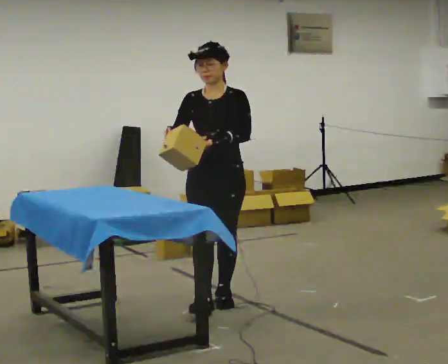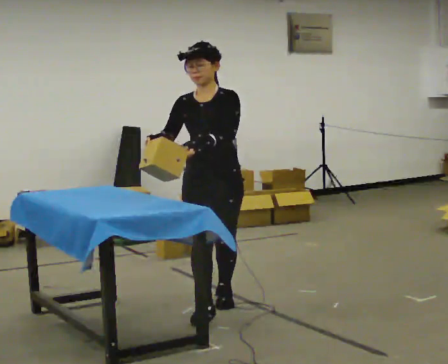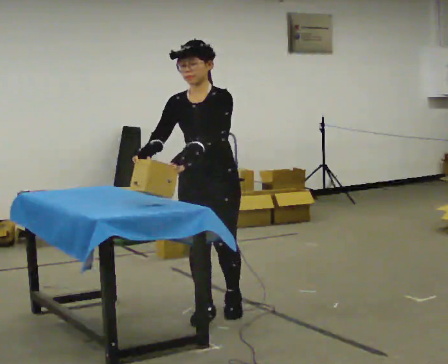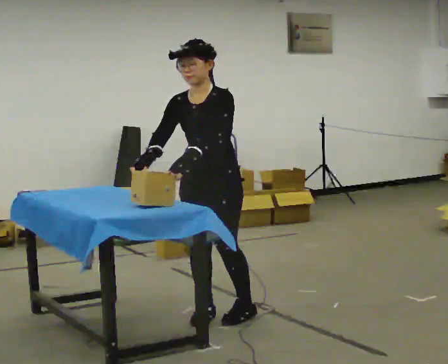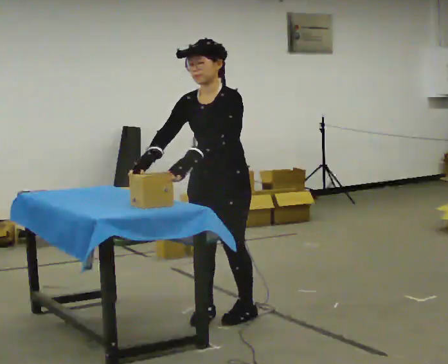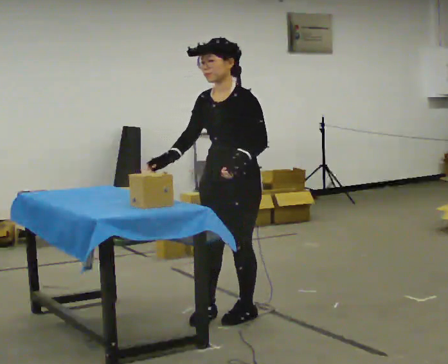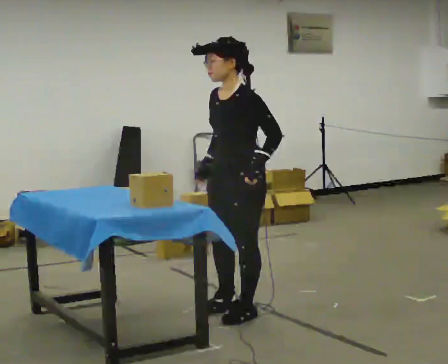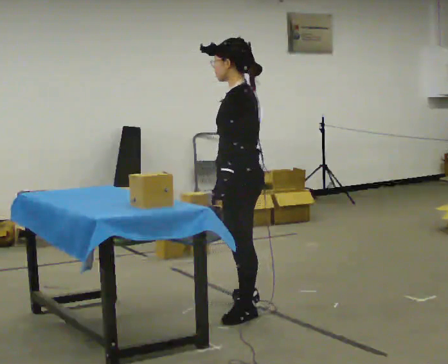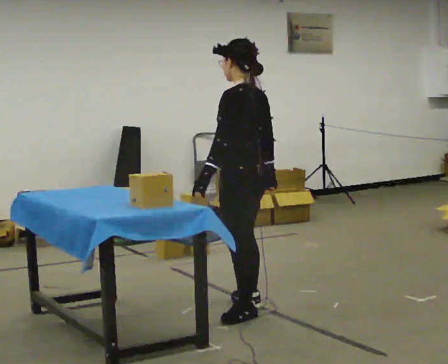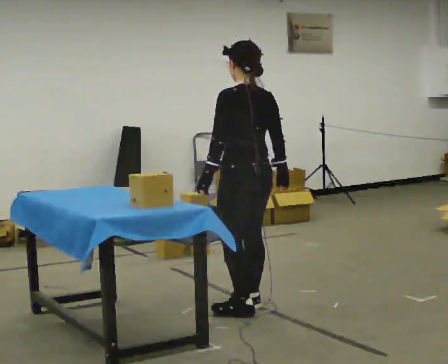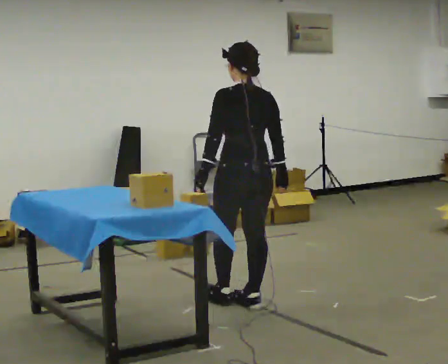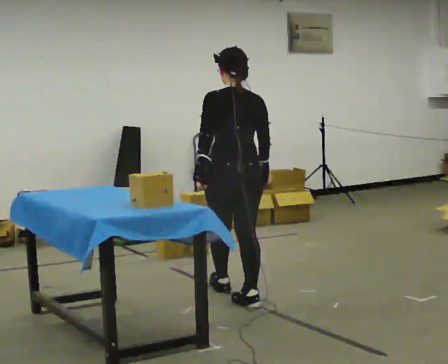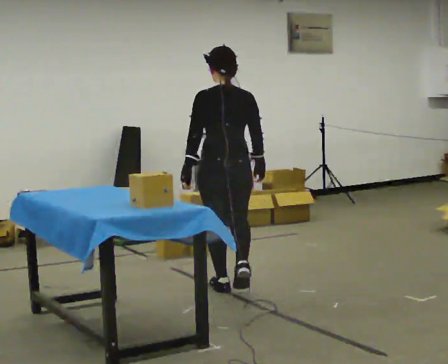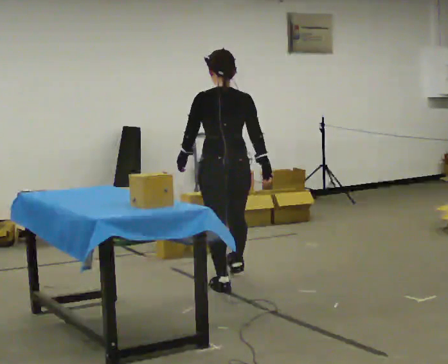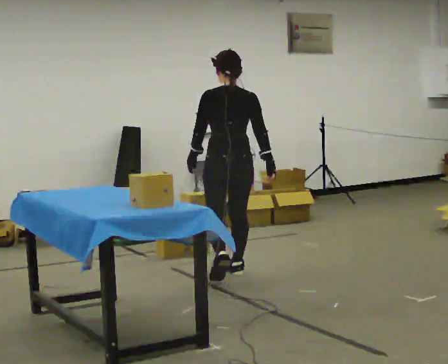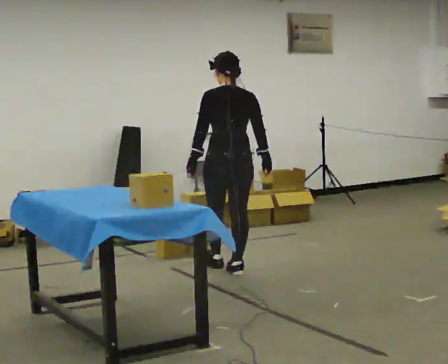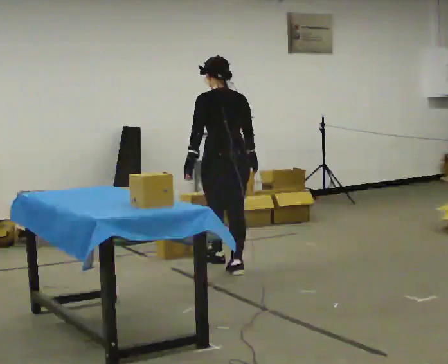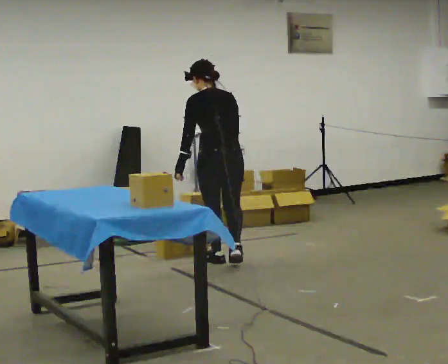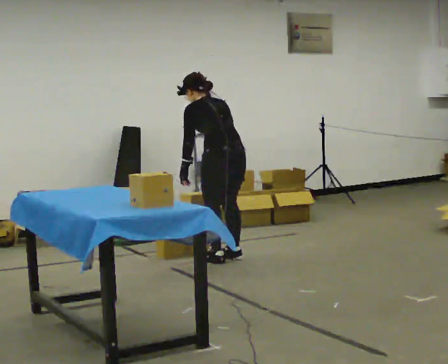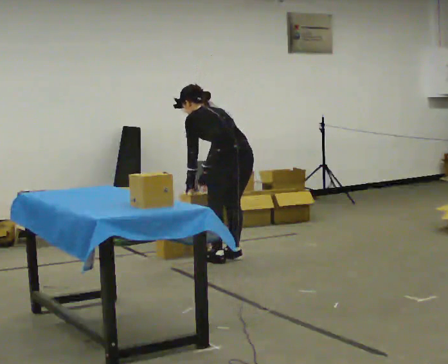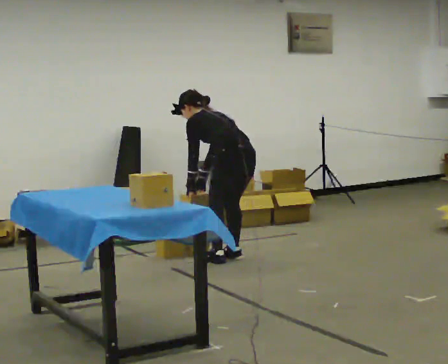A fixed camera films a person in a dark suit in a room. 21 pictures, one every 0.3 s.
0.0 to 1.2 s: In the picture they go toward the camera, about 0.25 m in 2 steps, which for them is forward.
1.2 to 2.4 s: The person turns about 90 degrees to their right, clockwise seen from above, so the part of the body nearest the lens slides to the left. In the picture their right hand goes to the right, the arm swinging counterclockwise.
2.4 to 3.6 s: Seen from above the body turns clockwise, about 60 degrees: to their right, with its near side sliding to the left. In the picture they go away from the camera, about 0.5 m in 1 step, which for them is forward.
3.6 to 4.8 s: In the picture they go away from the camera, about 0.75 m in 2 steps, which for them is forward.
4.8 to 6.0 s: The person turns about 30 degrees to their left, counterclockwise seen from above, so the part of the body nearest the lens slides to the right. In the picture they go away from the camera, about 0.25 m in 1 step, which for them is to their right and forward. The shoulders move downward. In the picture the upper body tilts counterclockwise, shoulders to the left, as they bend forward.
The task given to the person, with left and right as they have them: Bring the boxes over one at a time and stack them on top of each other, walking back for each one. Keep going until the operator says stop; one object at a time, and do not rush between trips.
The film runs forward here.
